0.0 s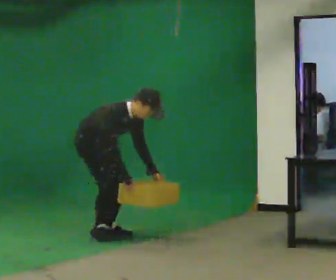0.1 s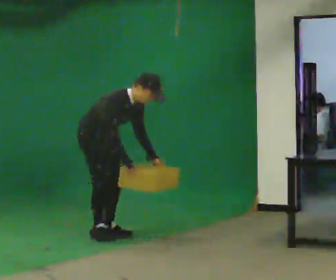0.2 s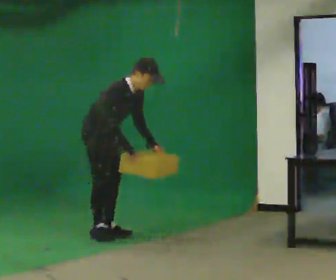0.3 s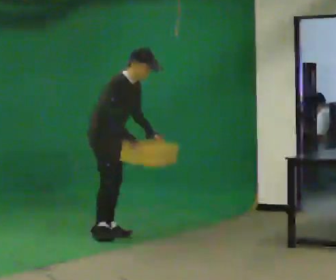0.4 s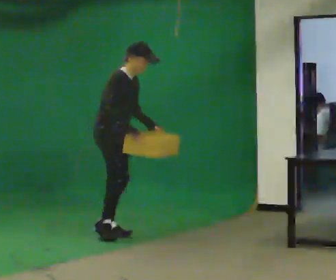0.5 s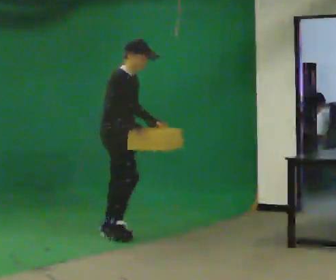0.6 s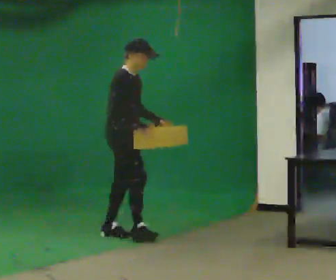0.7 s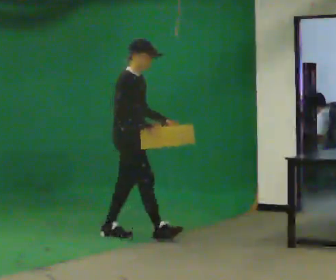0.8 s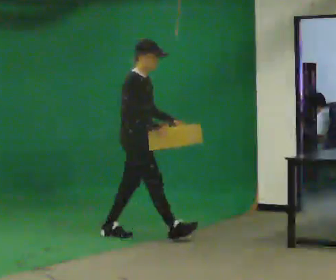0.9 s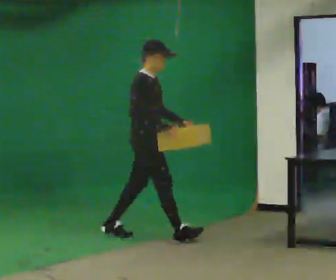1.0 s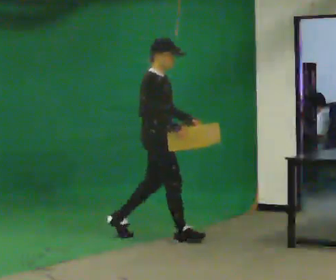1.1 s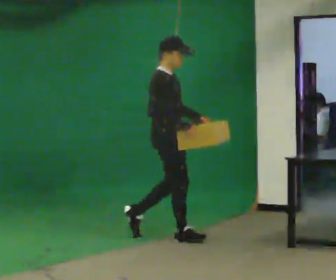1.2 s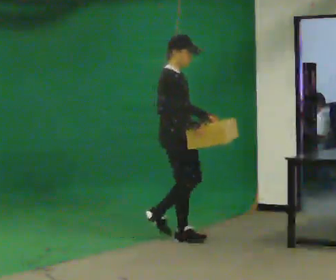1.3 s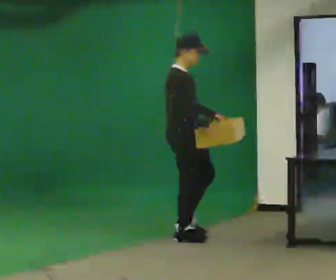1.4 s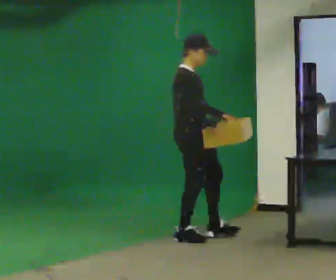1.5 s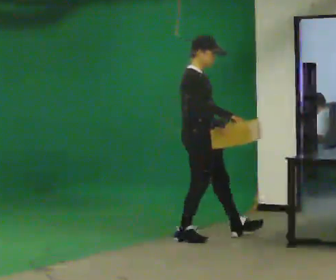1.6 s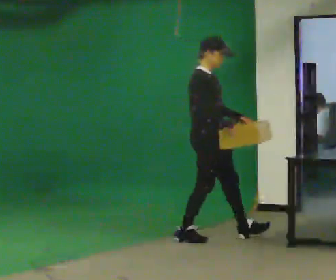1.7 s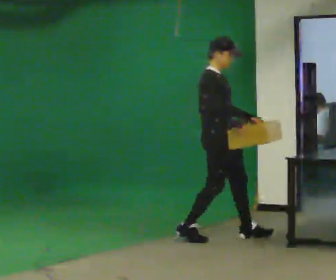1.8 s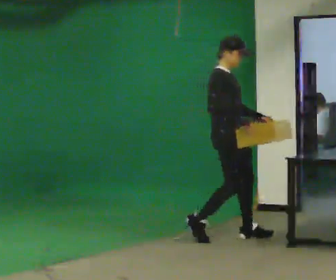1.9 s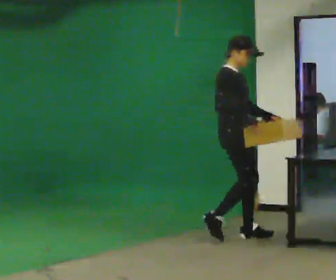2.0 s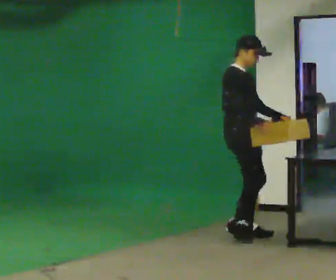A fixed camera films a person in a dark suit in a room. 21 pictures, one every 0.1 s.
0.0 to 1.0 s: In the picture they go to the right, about 0.5 m in 1 step, which for them is forward. The upper body goes upward. In the picture the upper body tilts counterclockwise, shoulders to the left, as they lean back or straighten. In the picture their right hand goes upward.
1.0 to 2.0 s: In the picture they go to the right, about 0.75 m in 1 step, which for them is forward.
The film runs forward here.
